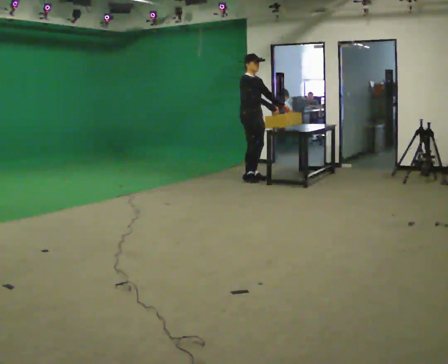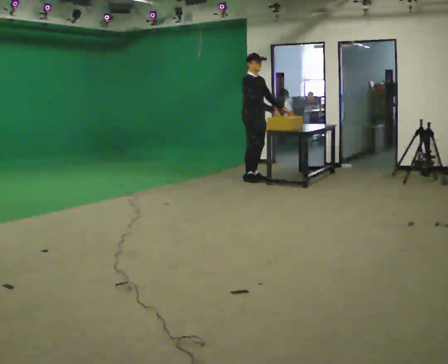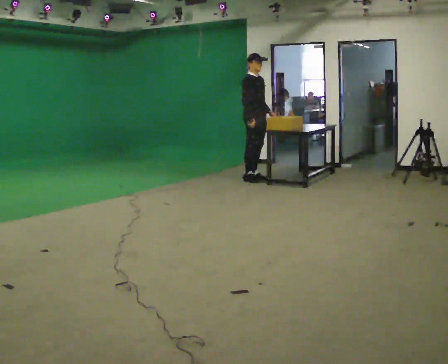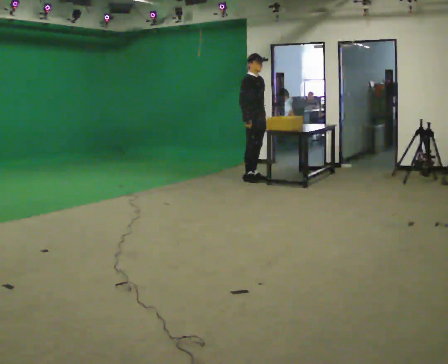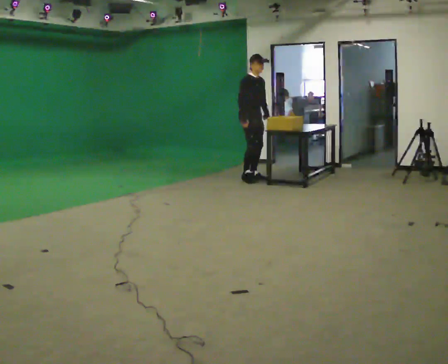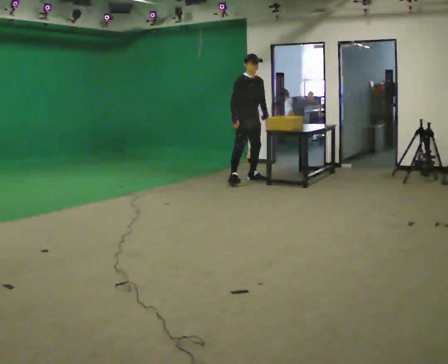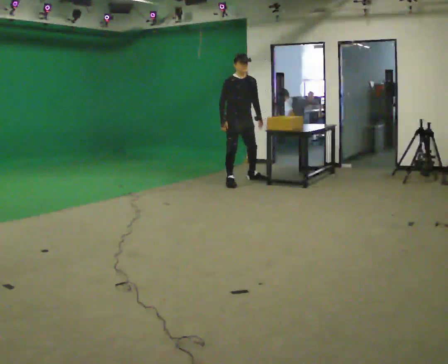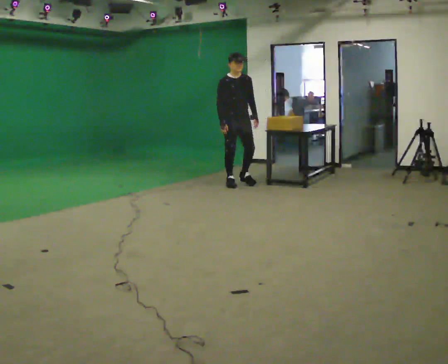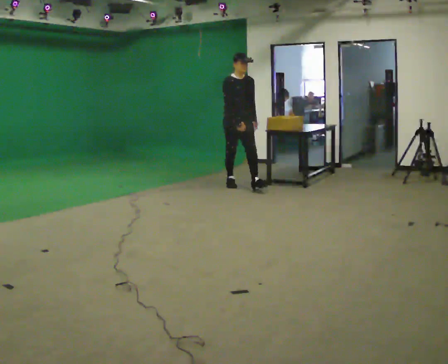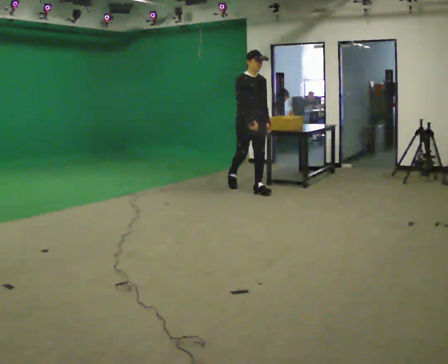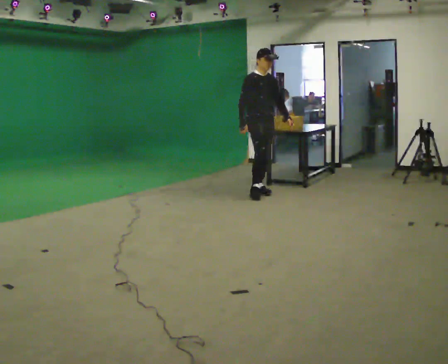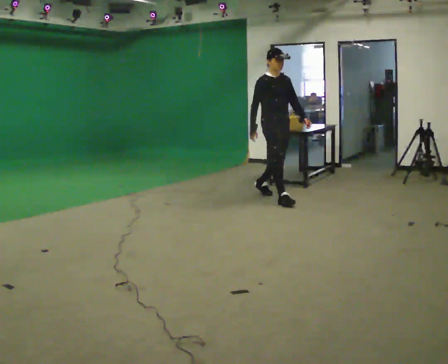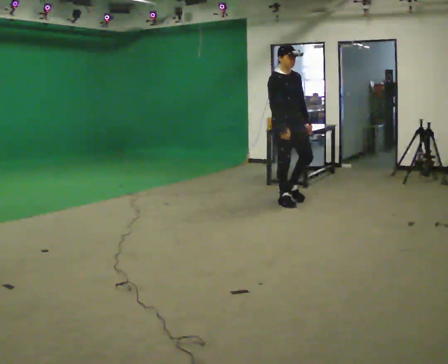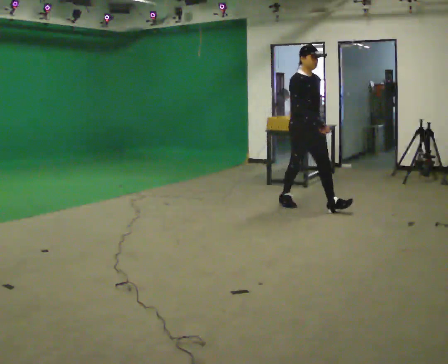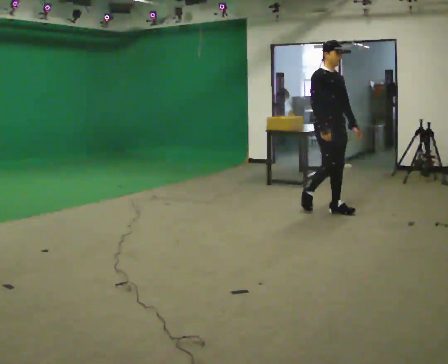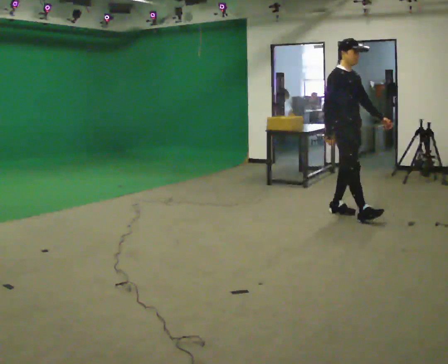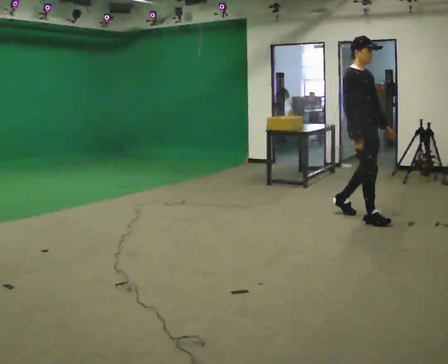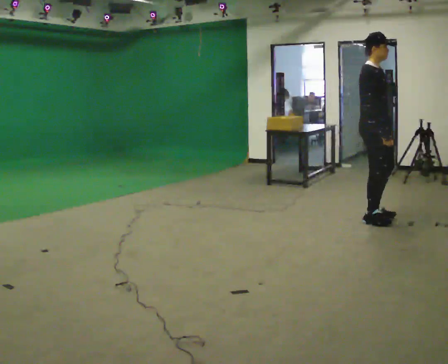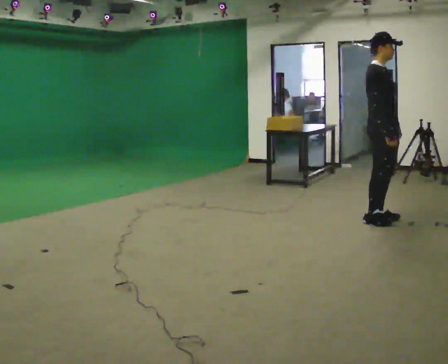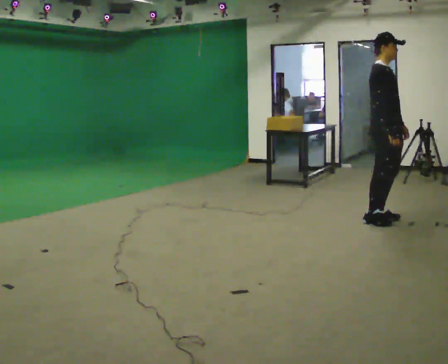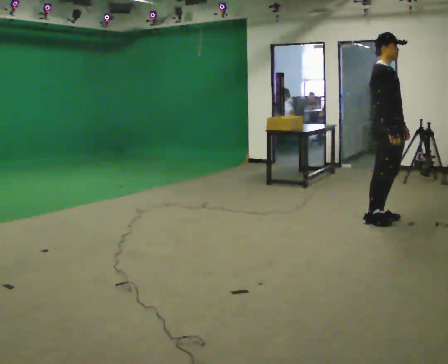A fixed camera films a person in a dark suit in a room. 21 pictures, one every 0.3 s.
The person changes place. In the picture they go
toward the camera.
The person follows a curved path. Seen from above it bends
counterclockwise.
0.0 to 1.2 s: In the picture their right hand goes to the left, the arm swinging clockwise.
1.2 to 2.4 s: The person turns about 30 degrees to their right, clockwise seen from above, so the part of the body nearest the lens slides to the left. In the picture they go toward the camera, about 0.5 m in 1 step, which for them is to their right and forward.
2.4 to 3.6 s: In the picture they go toward the camera and to the right, about 1 m in 2 steps, which for them is forward.
3.6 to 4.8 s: In the picture they go toward the camera and to the right, about 1 m in 2 steps, which for them is forward.
4.8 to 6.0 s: In the picture they go to the right, about 0.25 m in 1 step, which for them is forward.
The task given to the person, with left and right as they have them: Walk forward noticeably slower than normal; do not shuffle; stop.
The film runs forward here.
